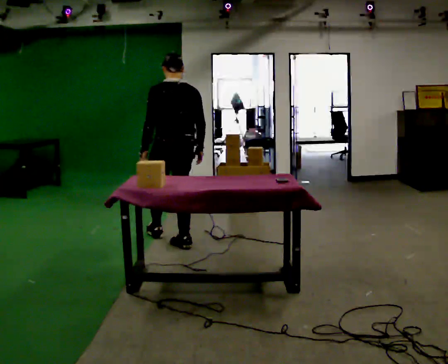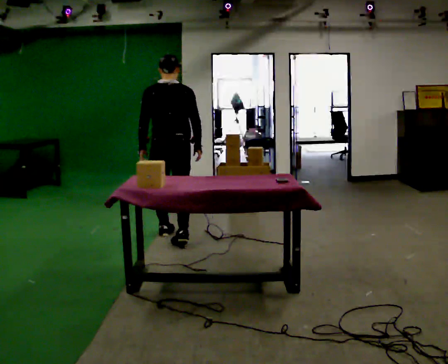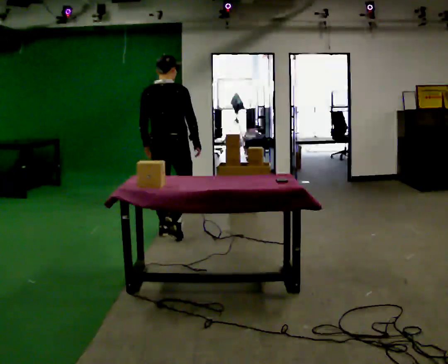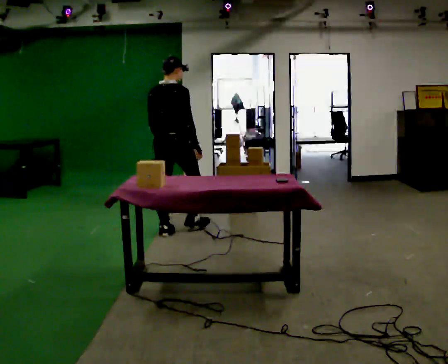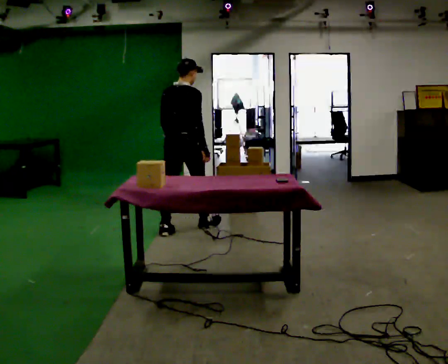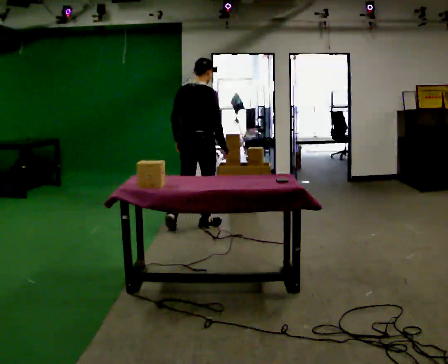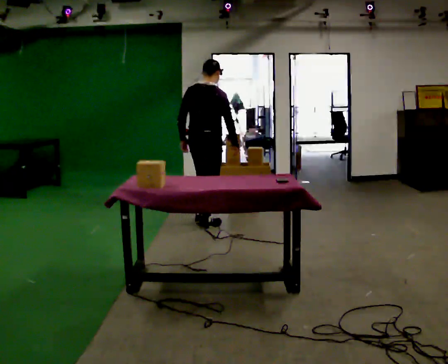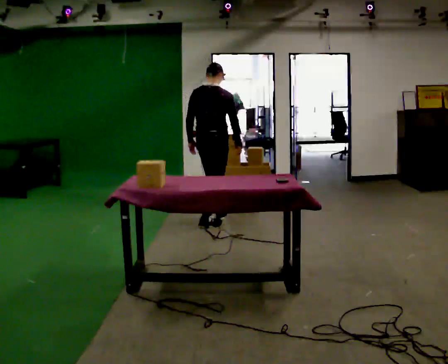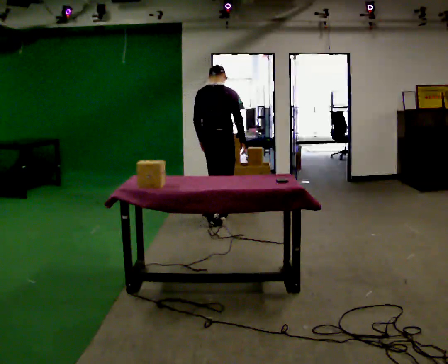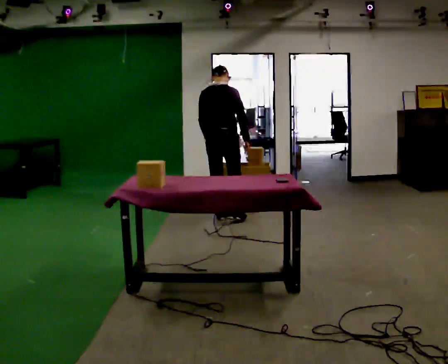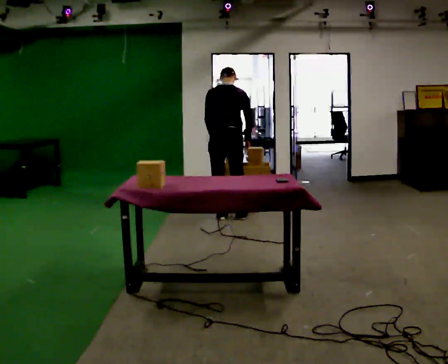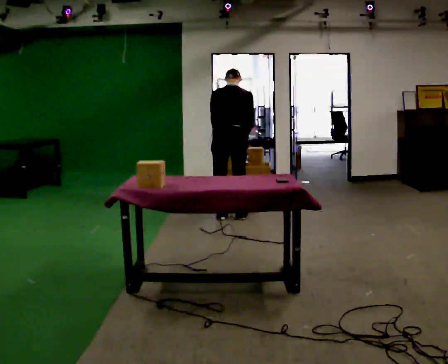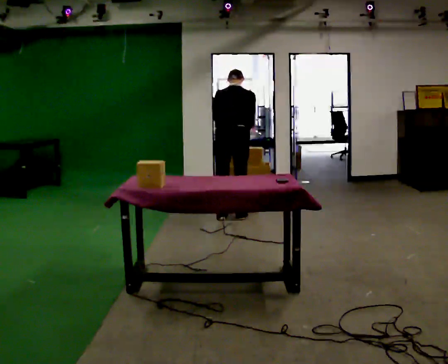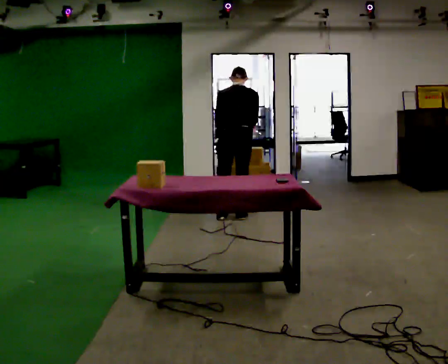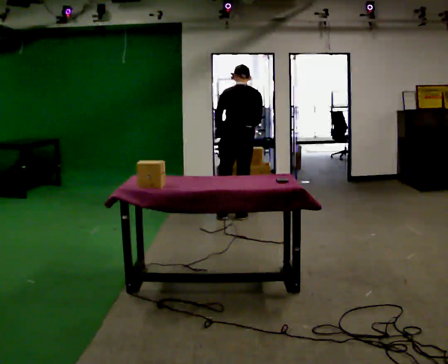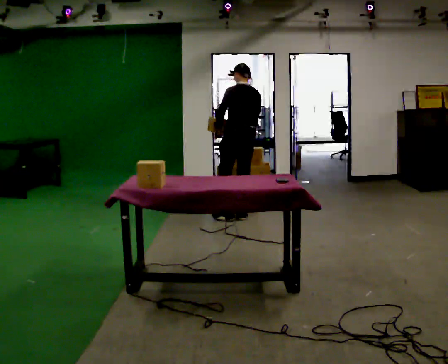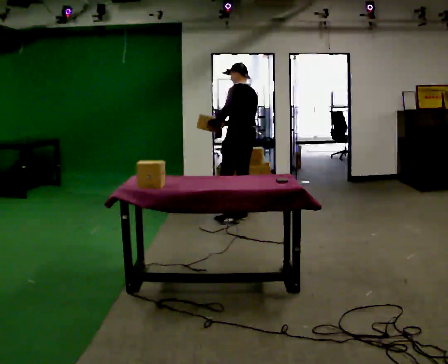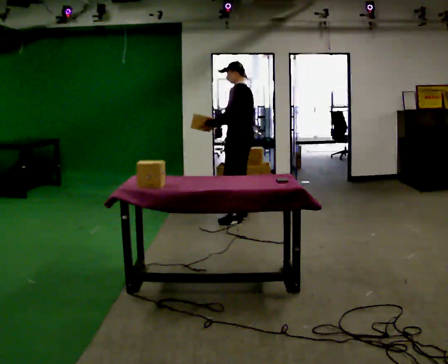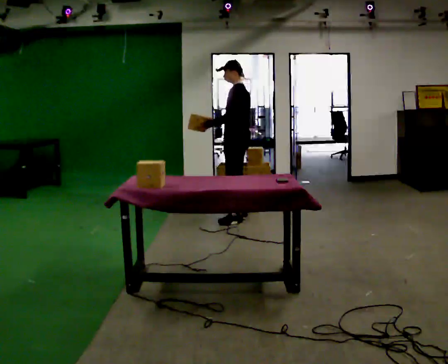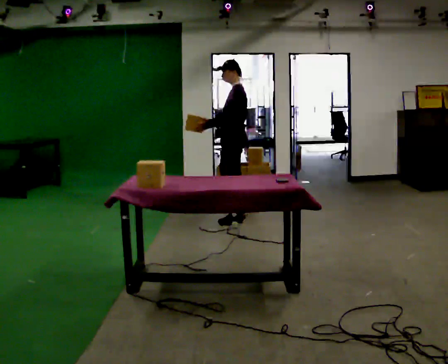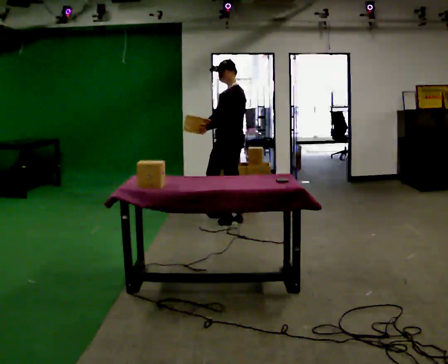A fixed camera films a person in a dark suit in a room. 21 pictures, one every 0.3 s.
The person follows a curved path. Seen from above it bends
clockwise.
0.0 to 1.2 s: The part of the body nearest the lens slides to the left as the person turns to their right by about 45 degrees. In the picture they go away from the camera, about 0.5 m in 2 steps, which for them is forward.
1.2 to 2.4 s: In the picture they go away from the camera and to the right, about 0.5 m in 1 step, which for them is forward.
2.4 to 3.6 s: The person turns about 30 degrees to their left, counterclockwise seen from above, so the part of the body nearest the lens slides to the right. In the picture they go to the right, about 0.25 m in 1 step, which for them is to their right. The upper body tips away from the camera, its near side rolling upward, as they bend forward.
3.6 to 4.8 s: Seen from above the body turns counterclockwise, about 60 degrees: to their left, with its near side sliding to the right.
4.8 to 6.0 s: The part of the body nearest the lens slides to the right as the person turns to their left by about 60 degrees. In the picture they go toward the camera, about 0.25 m, which for them is to their left.
The film runs forward here.
